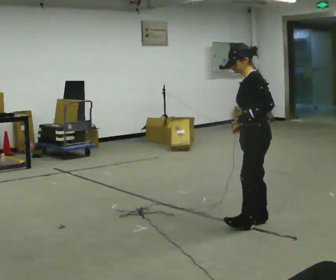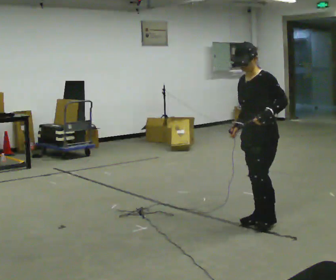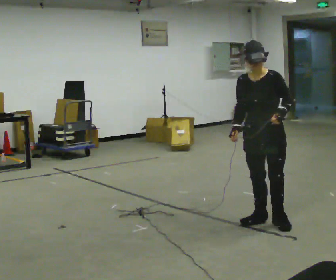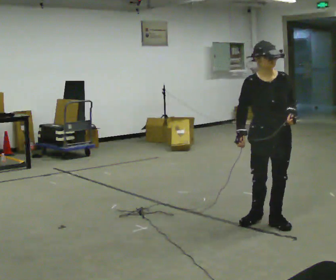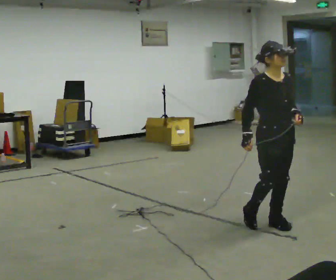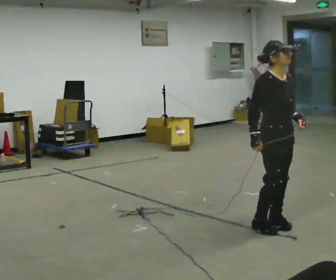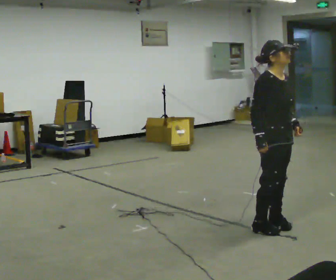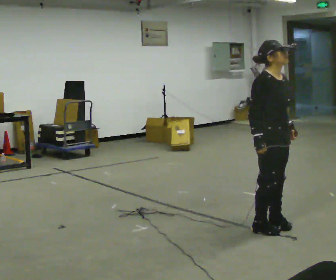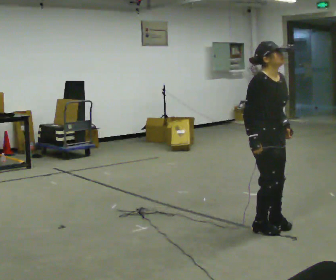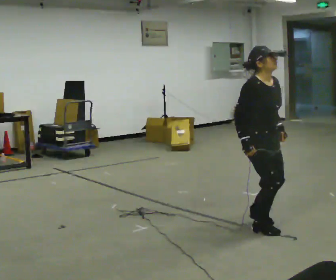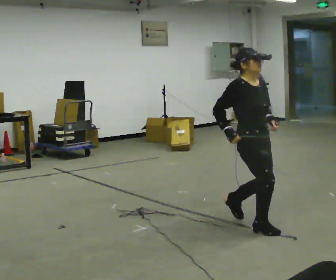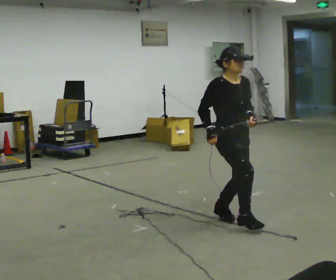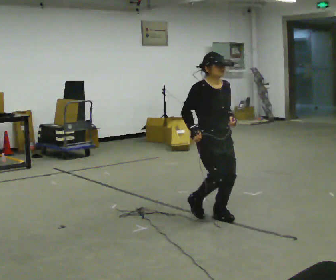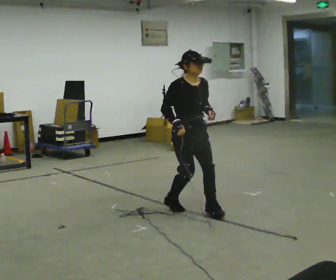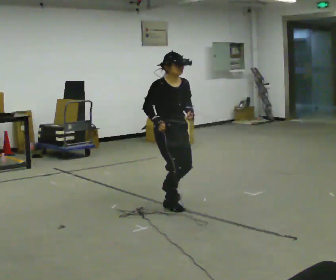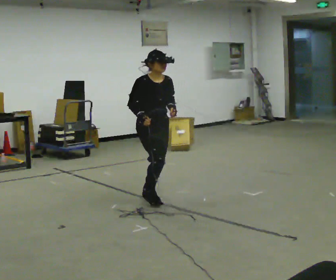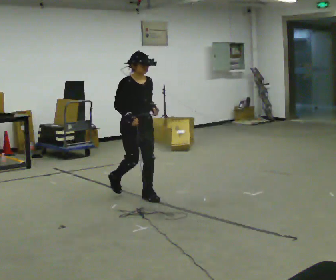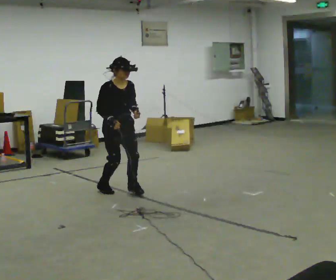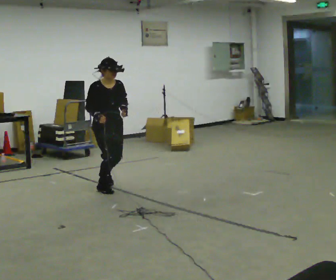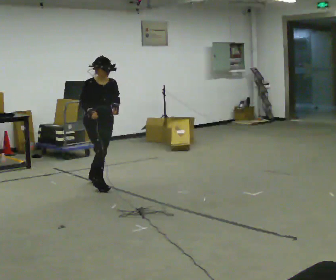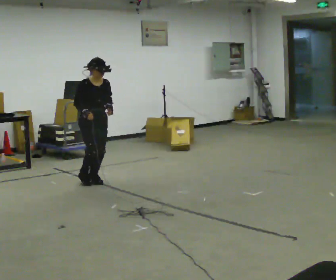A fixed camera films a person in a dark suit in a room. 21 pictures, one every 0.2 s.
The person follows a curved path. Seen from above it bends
clockwise.
0.0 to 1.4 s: The person turns about 135 degrees to their left, counterclockwise seen from above, so the part of the body nearest the lens slides to the right. In the picture they go toward the camera, about 0.25 m in 2 steps. In the picture their left hand goes to the right.
1.4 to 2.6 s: In the picture they go to the left and away from the camera, about 1 m in 1 step, which for them is backward.
2.6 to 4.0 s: In the picture they go to the left and away from the camera, about 1.5 m in 4 steps, which for them is backward.
The film runs forward here.
